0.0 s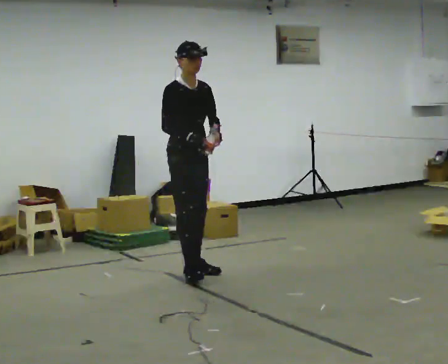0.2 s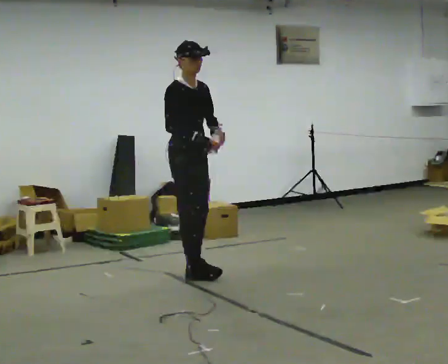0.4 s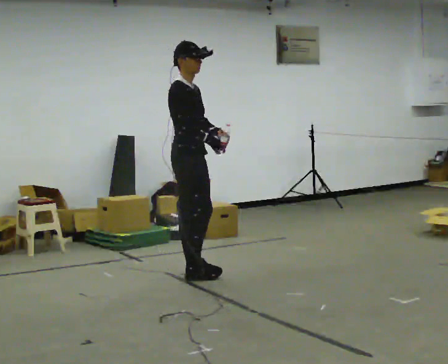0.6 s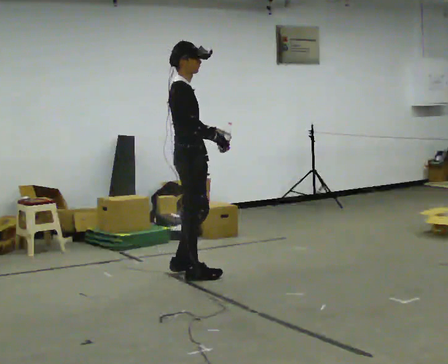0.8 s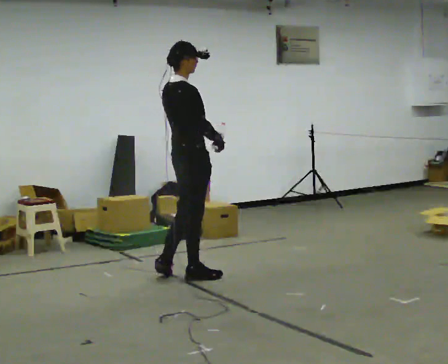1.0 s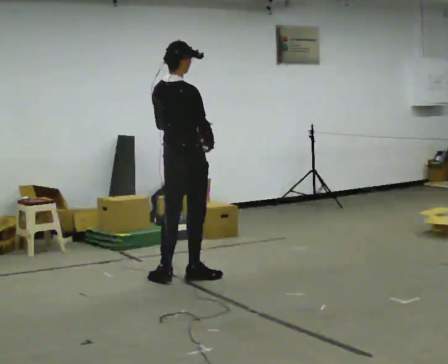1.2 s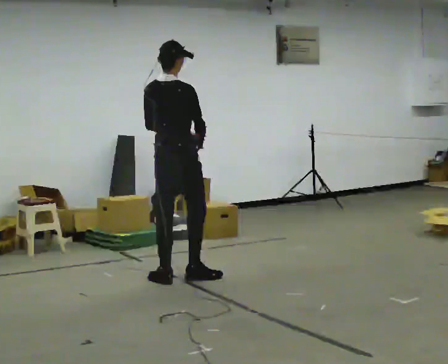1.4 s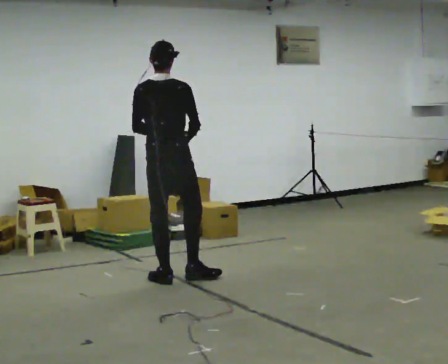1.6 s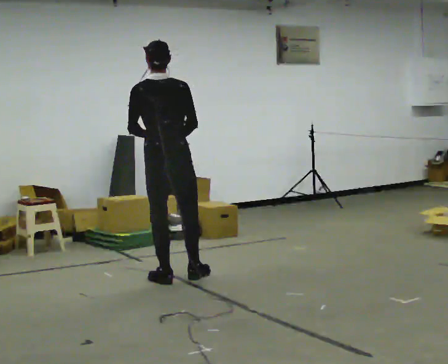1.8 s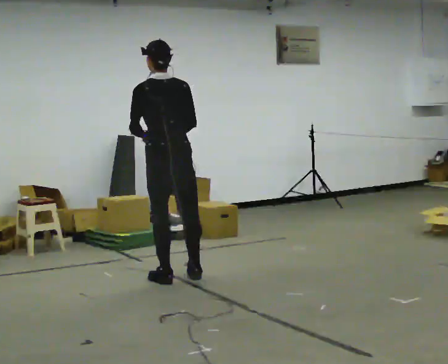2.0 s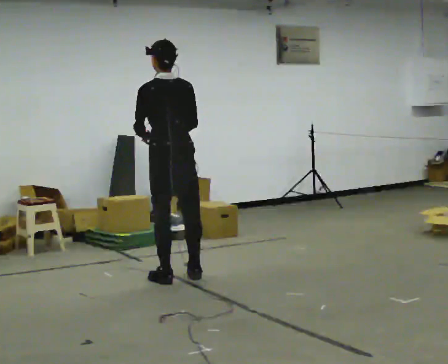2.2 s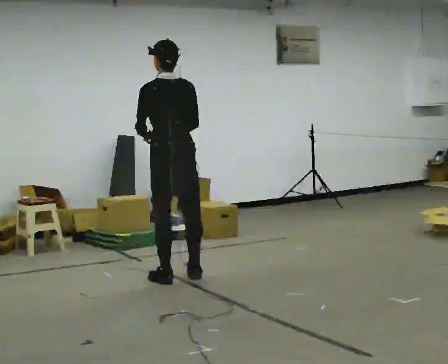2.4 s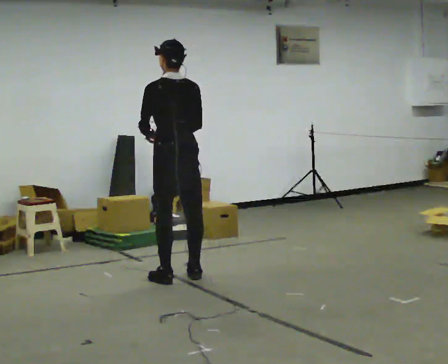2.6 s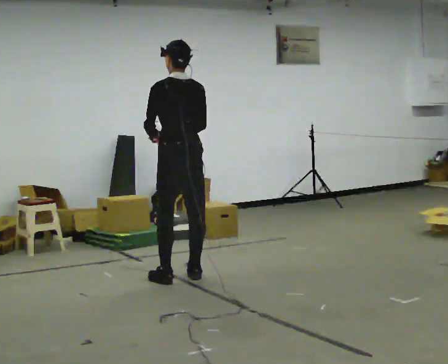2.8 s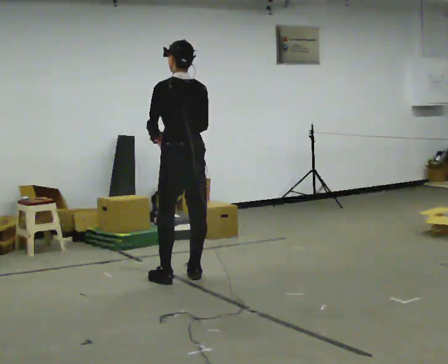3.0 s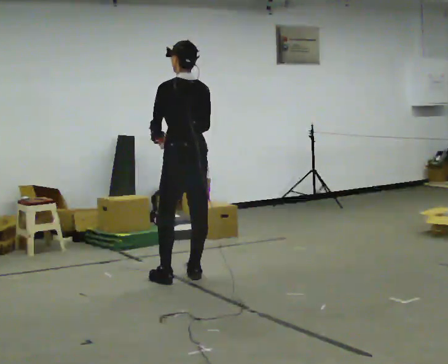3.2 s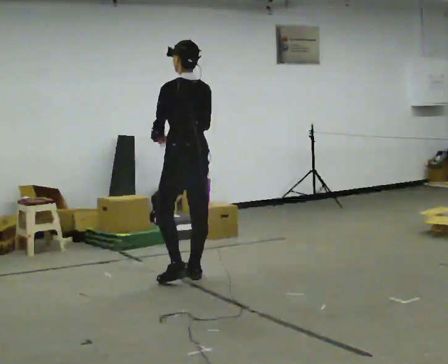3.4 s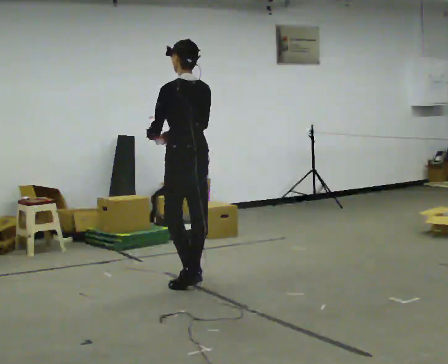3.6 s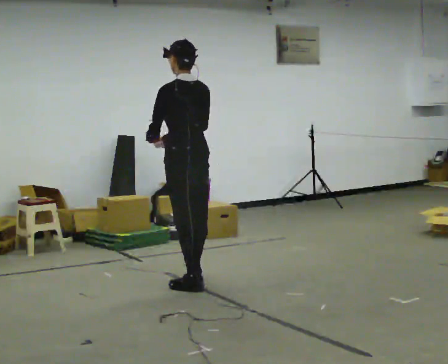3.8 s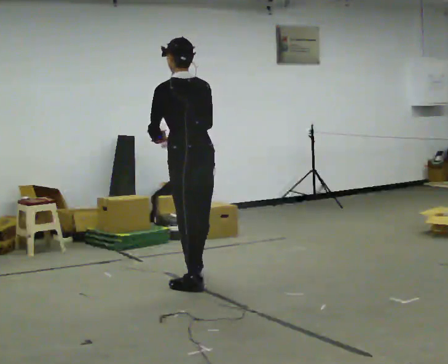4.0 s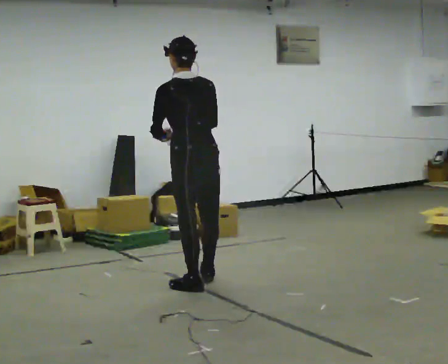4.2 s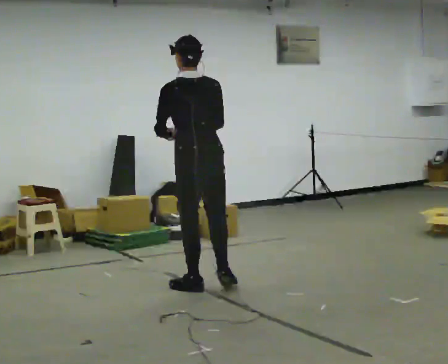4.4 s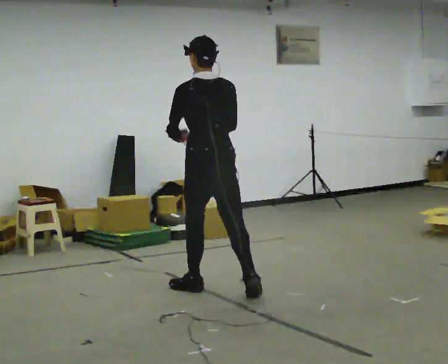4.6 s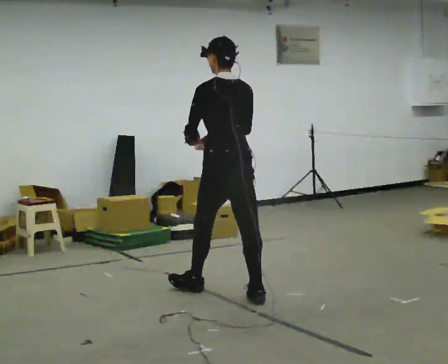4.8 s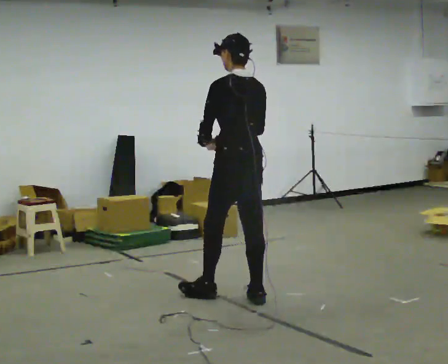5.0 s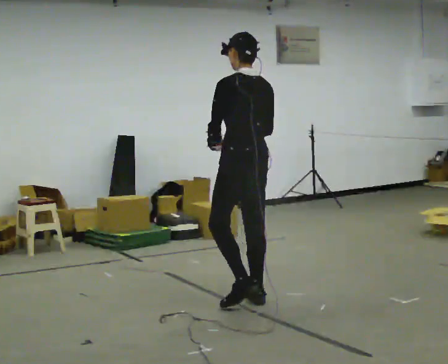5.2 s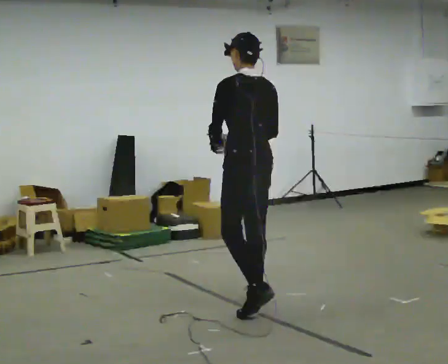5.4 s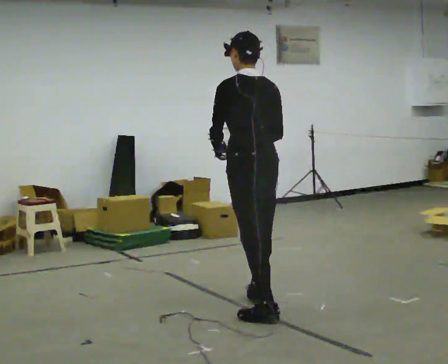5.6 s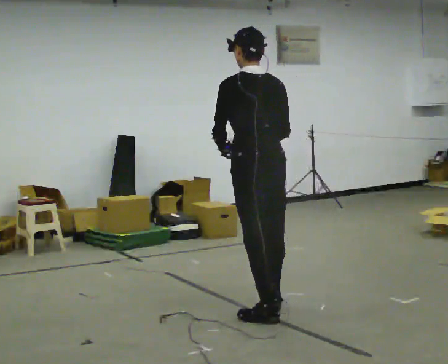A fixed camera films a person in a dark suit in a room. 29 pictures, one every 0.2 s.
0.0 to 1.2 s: The part of the body nearest the lens slides to the right as the person turns to their left by about 120 degrees. In the picture they go toward the camera, about 0.25 m in 1 step.
1.2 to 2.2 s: The person turns about 60 degrees to their left, counterclockwise seen from above, so the part of the body nearest the lens slides to the right.
2.2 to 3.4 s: The person moves a little, or ends about where they began.
3.4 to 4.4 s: In the picture they go toward the camera, about 0.5 m in 1 step, which for them is backward.
4.4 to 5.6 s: In the picture they go toward the camera, about 0.75 m in 2 steps, which for them is backward.
The film runs backward here.
